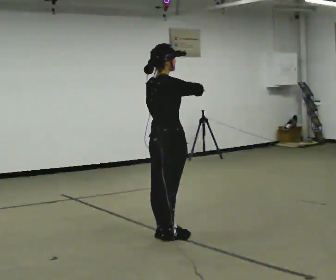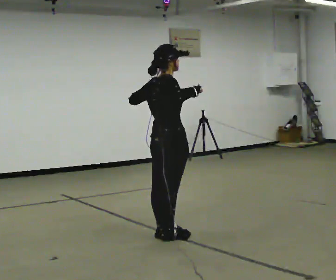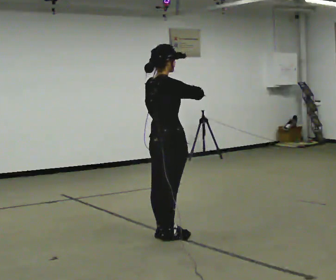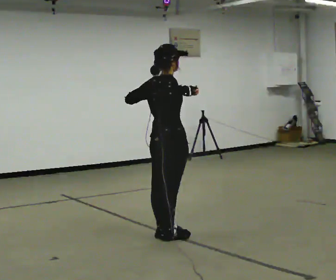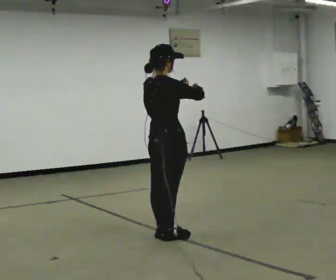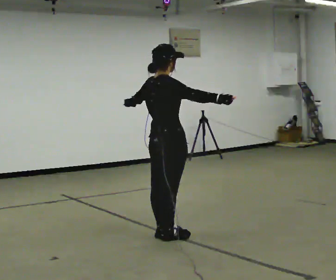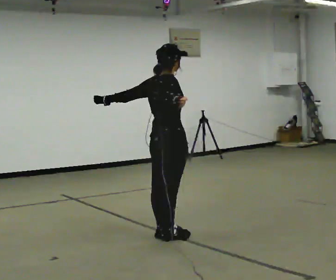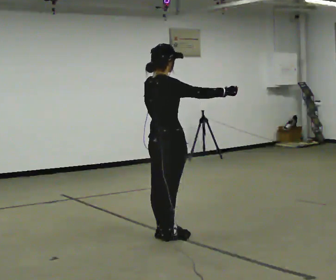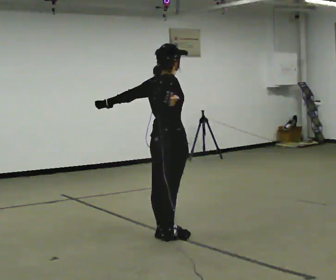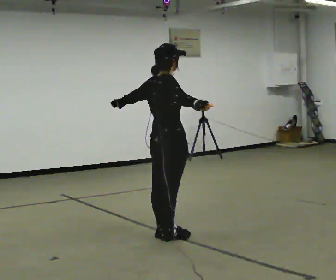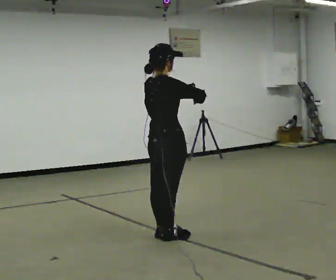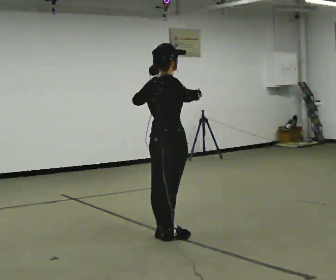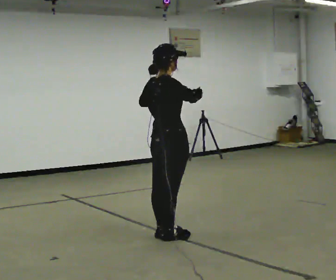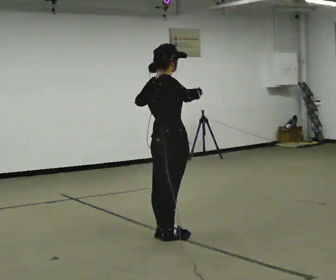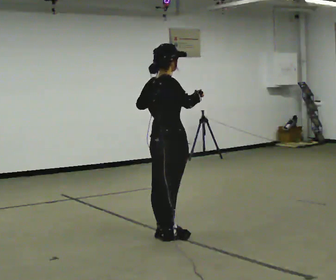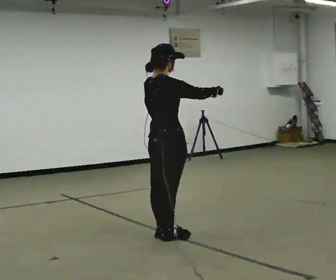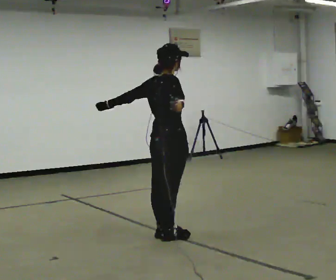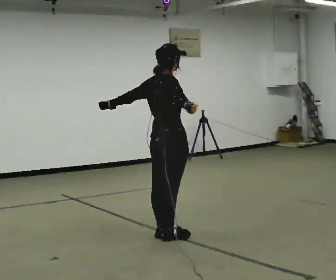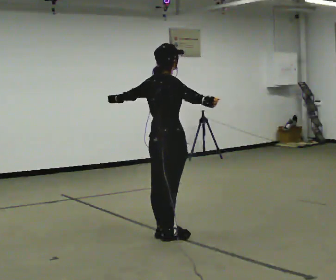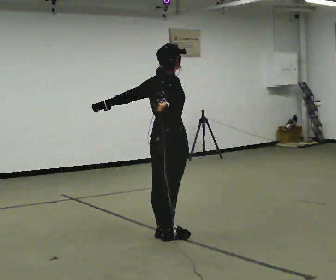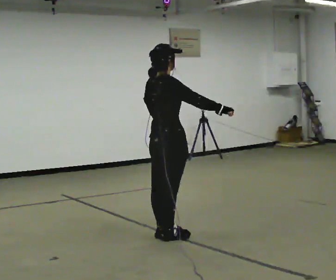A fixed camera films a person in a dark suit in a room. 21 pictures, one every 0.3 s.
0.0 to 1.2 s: The person moves a little, or ends about where they began.
1.2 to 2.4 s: In the picture their right hand goes to the left.
2.4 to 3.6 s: In the picture their left hand goes to the right.
3.6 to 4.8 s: In the picture their left hand goes to the left.
4.8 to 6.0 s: In the picture their left hand goes to the right.
The film runs forward here.
